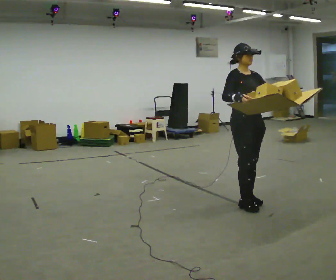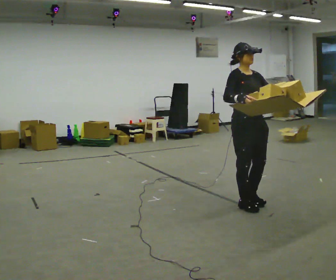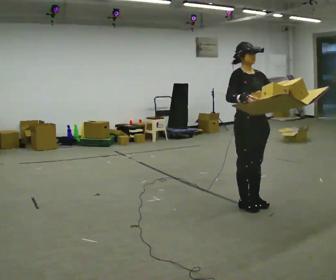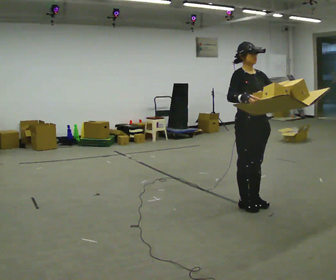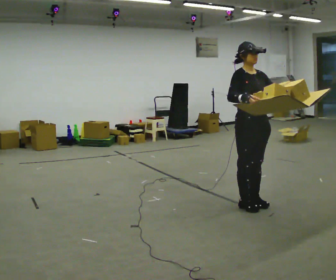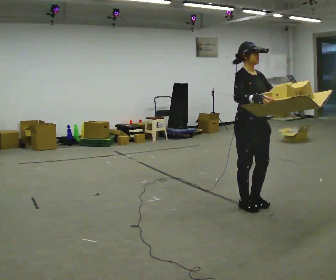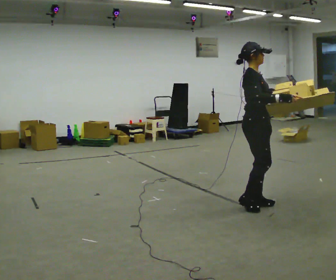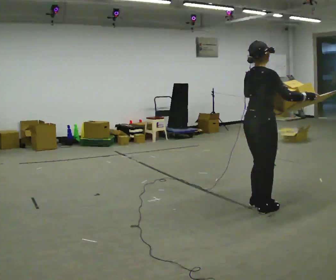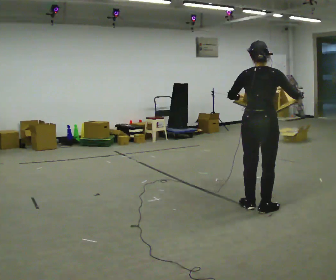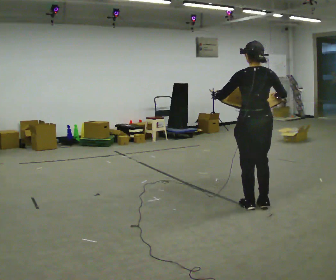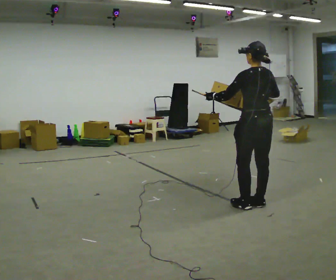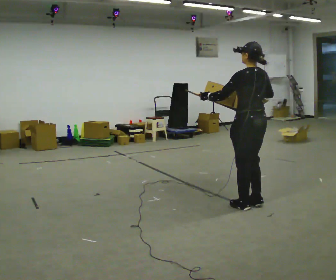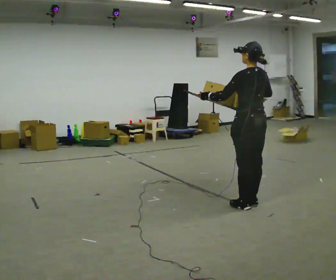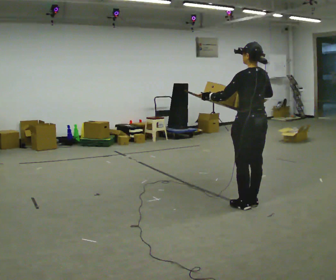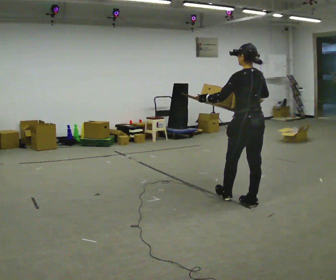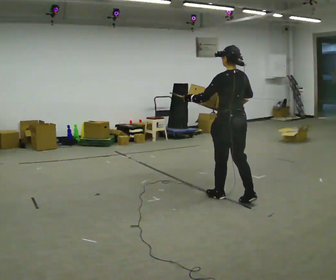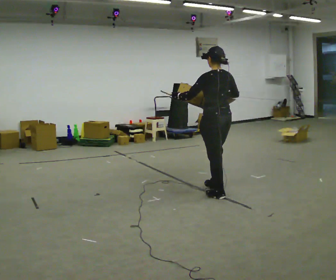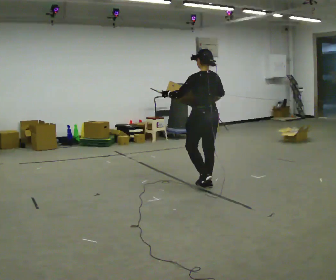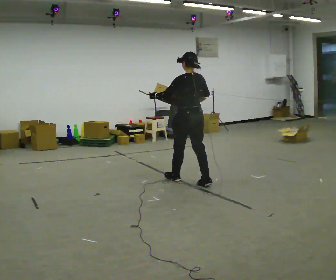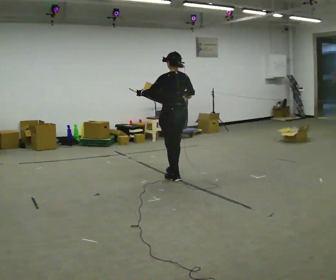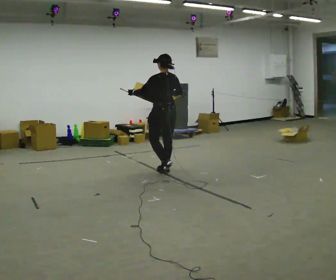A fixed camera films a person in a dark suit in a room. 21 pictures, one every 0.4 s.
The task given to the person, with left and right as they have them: Carry the loaded tray flat and level in both hands, walking back and forth across the room. Try not to let anything slide off.
0.0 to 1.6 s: The person moves a little, or ends about where they began.
1.6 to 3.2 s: The person turns about 120 degrees to their left, counterclockwise seen from above, so the part of the body nearest the lens slides to the right. In the picture their left hand goes to the left.
3.2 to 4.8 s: The part of the body nearest the lens slides to the right as the person turns to their left by about 60 degrees. In the picture their right hand goes to the left.
4.8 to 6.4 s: In the picture they go to the left and away from the camera, about 0.5 m in 1 step, which for them is forward.
6.4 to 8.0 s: In the picture they go away from the camera and to the left, about 1 m in 3 steps, which for them is forward.
The film runs forward here.
